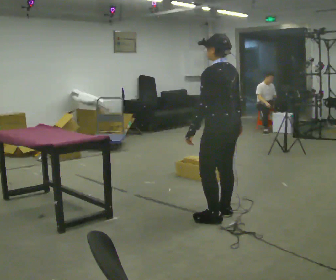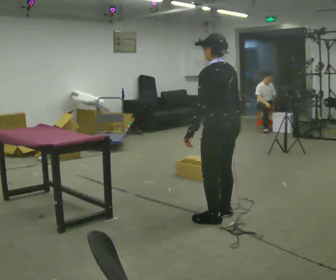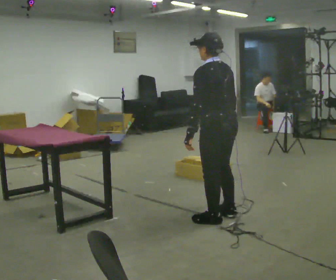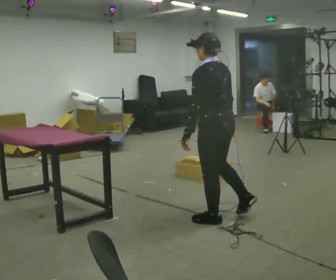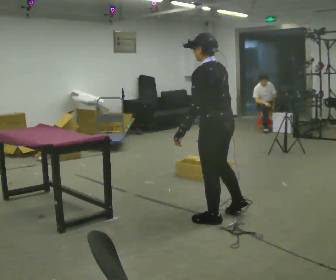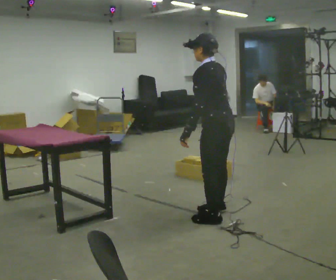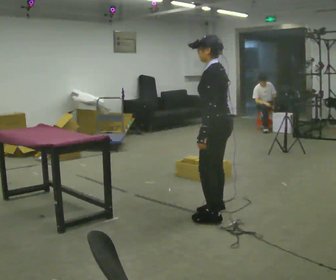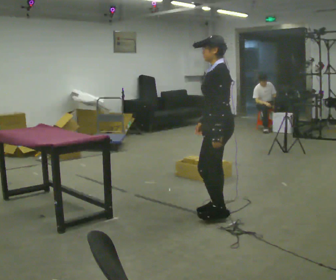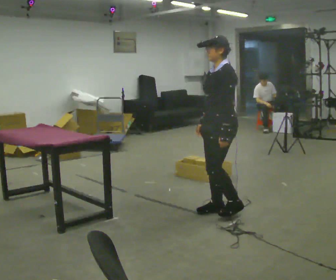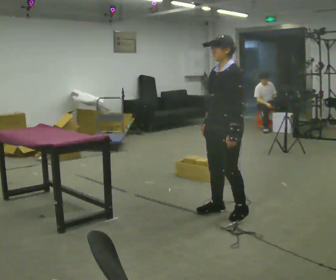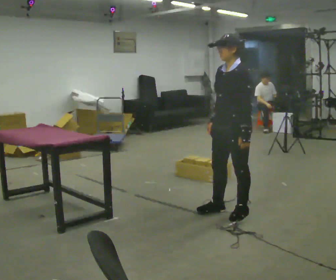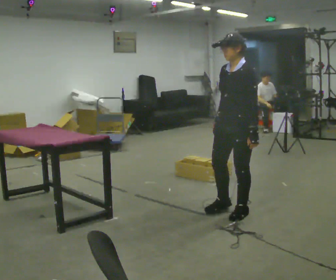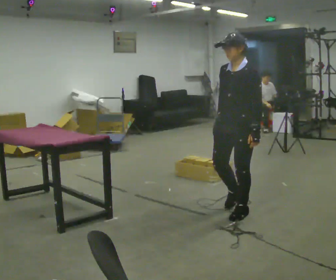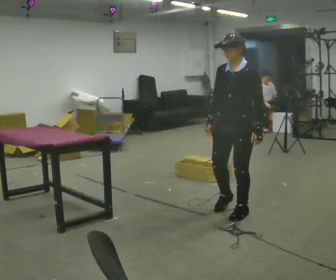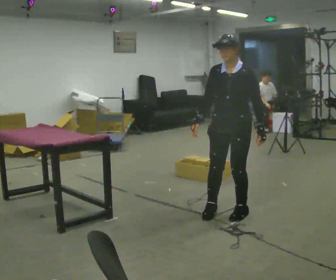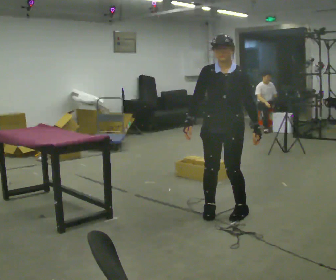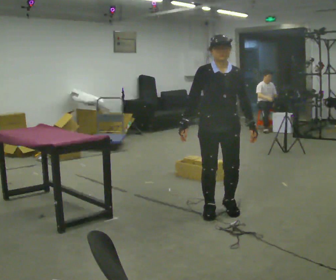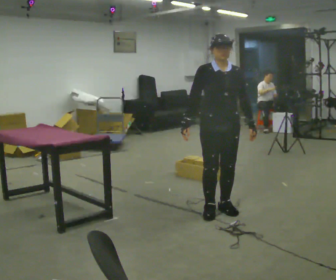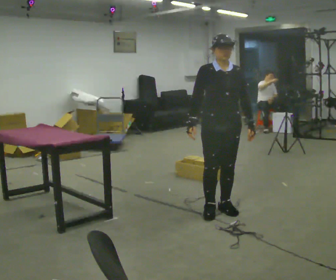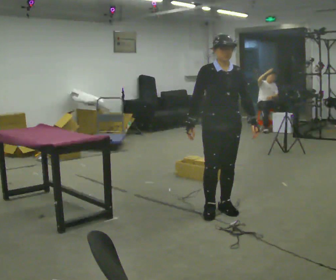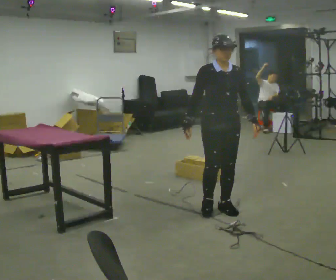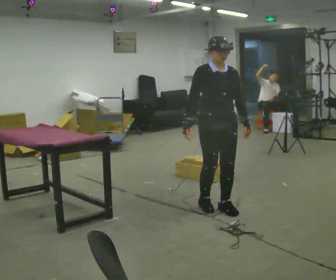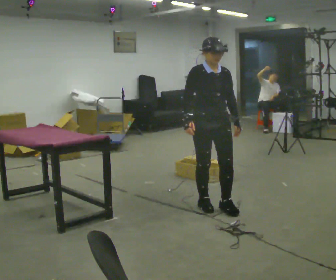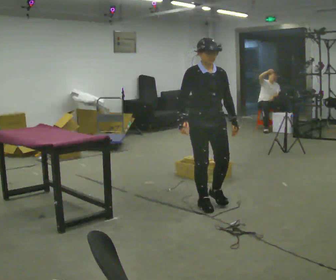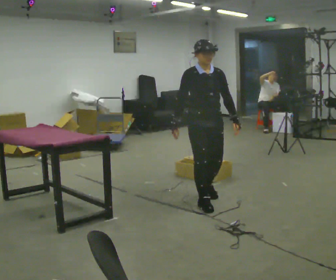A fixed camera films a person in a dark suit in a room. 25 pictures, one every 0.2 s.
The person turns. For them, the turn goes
to their left.
The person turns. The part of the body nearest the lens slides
to the right.
0.0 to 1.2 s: The person turns about 30 degrees to their left, counterclockwise seen from above, so the part of the body nearest the lens slides to the right.
1.2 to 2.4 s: Seen from above the body turns counterclockwise, about 60 degrees: to their left, with its near side sliding to the right. In the picture they go to the right, about 0.25 m in 1 step, which for them is backward. In the picture their left hand goes to the right.
2.4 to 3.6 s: The person turns about 60 degrees to their left, counterclockwise seen from above, so the part of the body nearest the lens slides to the right.
3.6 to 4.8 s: In the picture they go away from the camera and to the left, about 0.25 m in 2 steps, which for them is backward.
The film runs backward here.
